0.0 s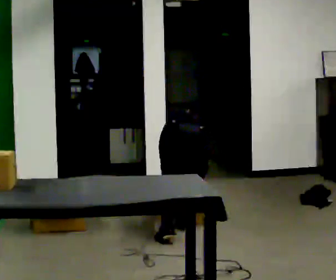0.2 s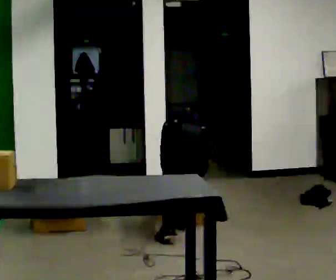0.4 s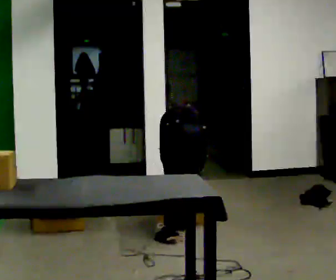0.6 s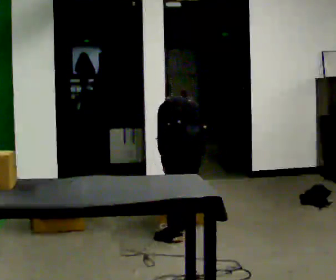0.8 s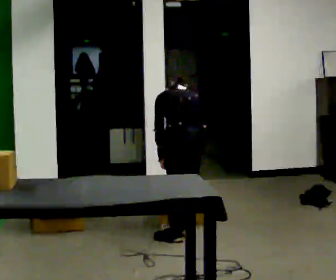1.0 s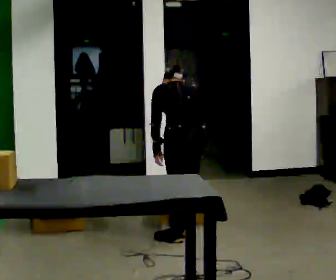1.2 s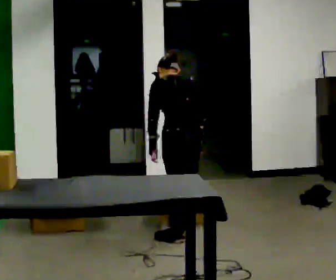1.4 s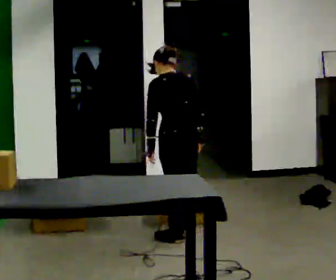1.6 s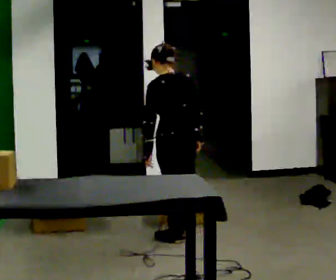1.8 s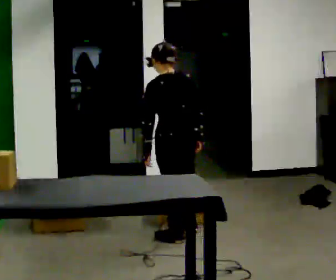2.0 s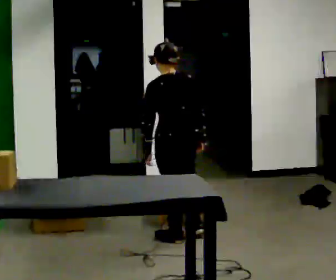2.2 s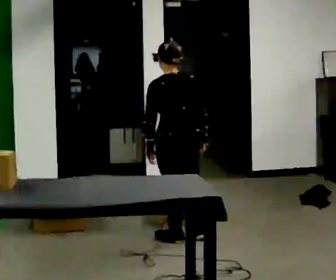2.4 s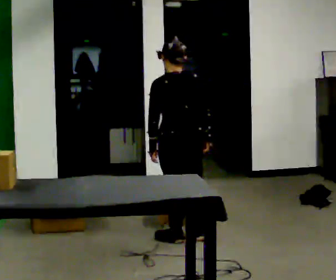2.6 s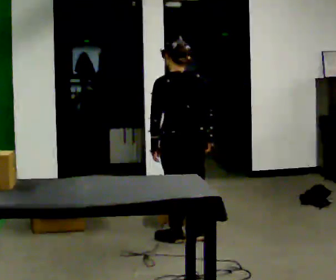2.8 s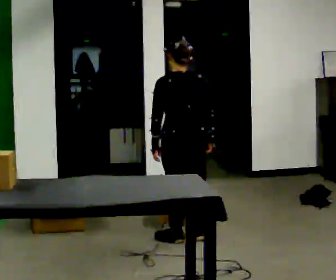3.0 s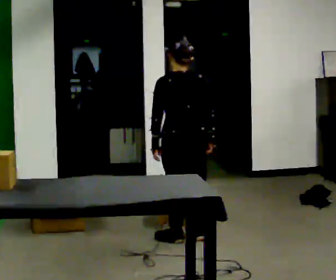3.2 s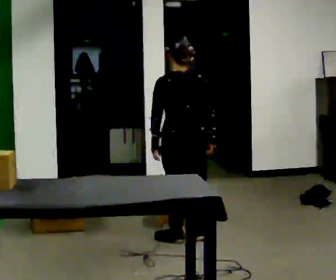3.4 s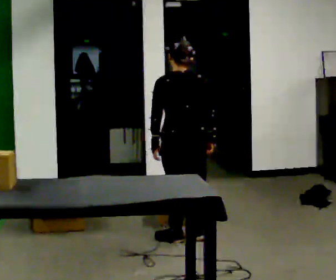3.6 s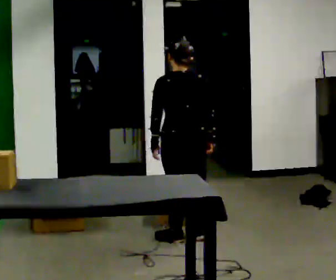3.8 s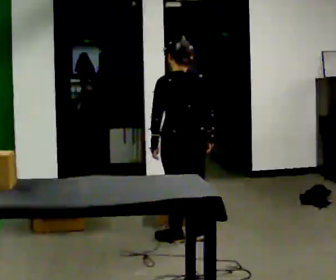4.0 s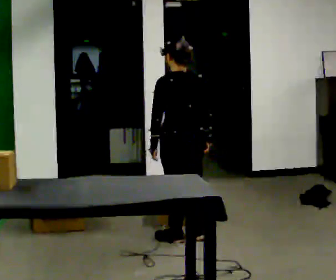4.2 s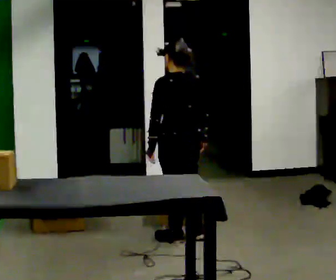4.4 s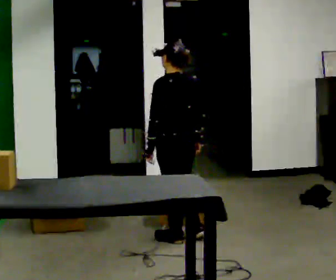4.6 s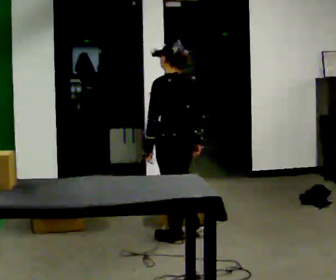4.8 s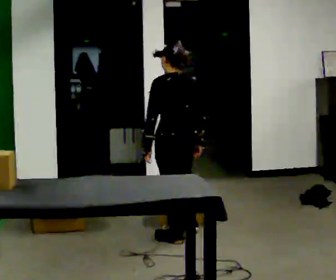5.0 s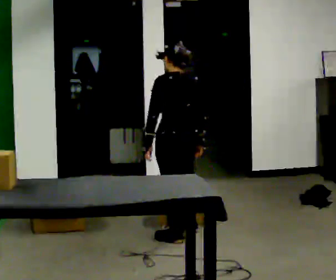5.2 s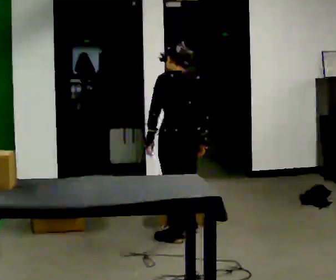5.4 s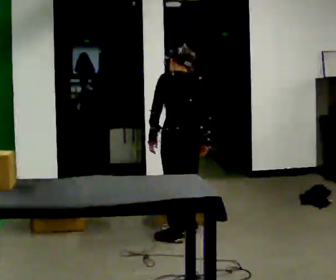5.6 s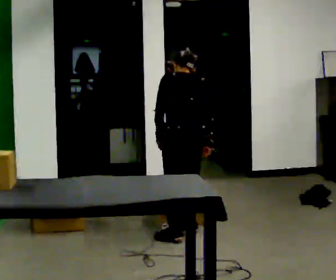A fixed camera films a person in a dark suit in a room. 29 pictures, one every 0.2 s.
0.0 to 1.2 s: The upper body goes upward. The upper body tips toward the camera, its near side rolling downward, as they lean back or straighten. In the picture their left hand goes upward.
1.2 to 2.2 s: The upper body tips toward the camera, its near side rolling downward, as they lean back or straighten.
2.2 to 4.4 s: The person moves a little, or ends about where they began.
4.4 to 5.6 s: In the picture they go away from the camera, about 0.25 m in 1 step, which for them is to their right. The upper body tips away from the camera, its near side rolling upward, as they bend forward.
The film runs backward here.
